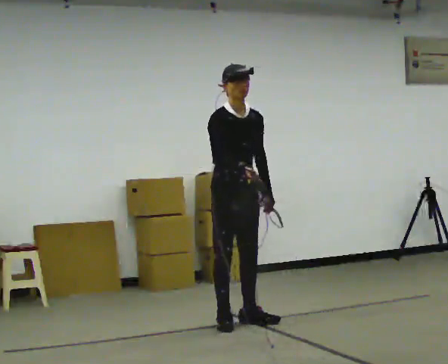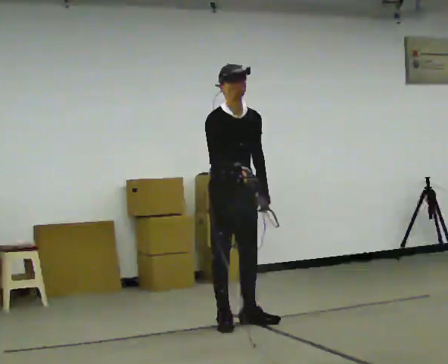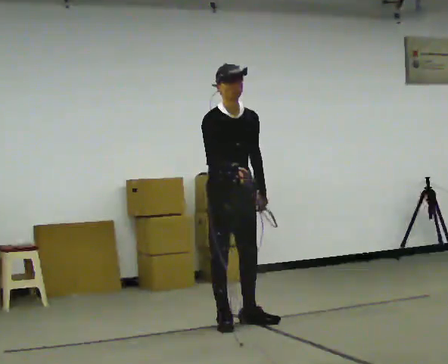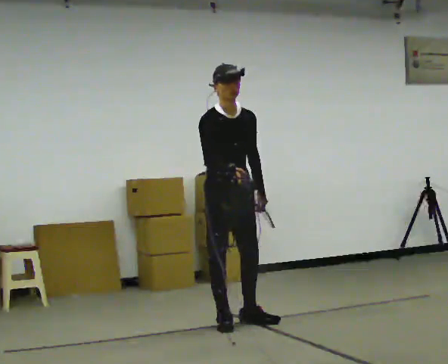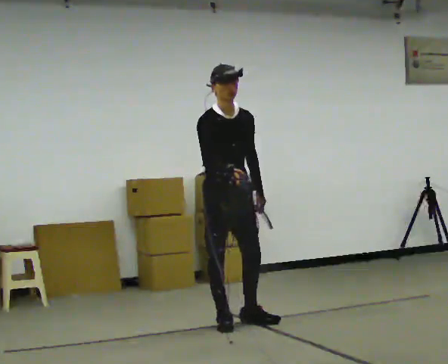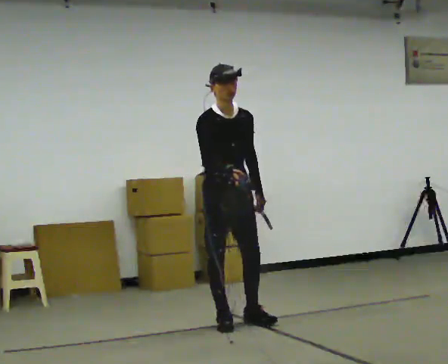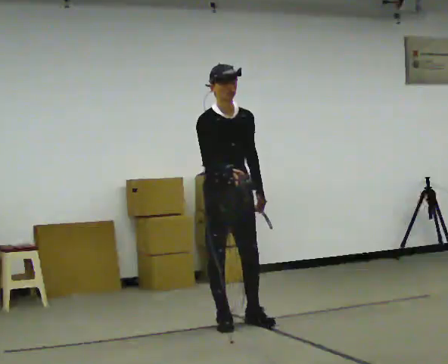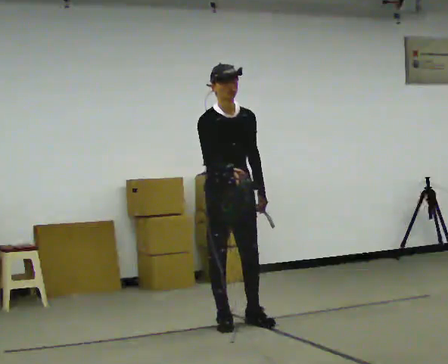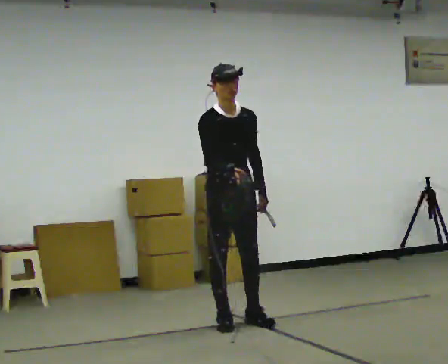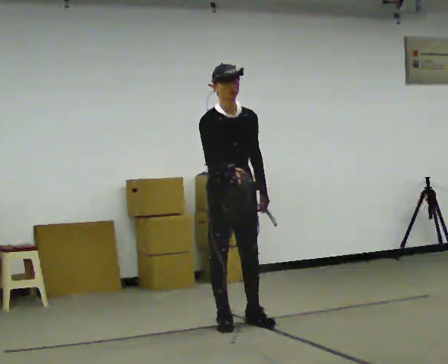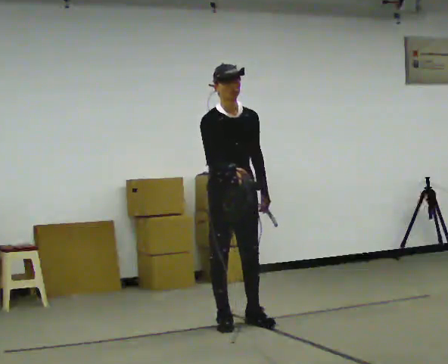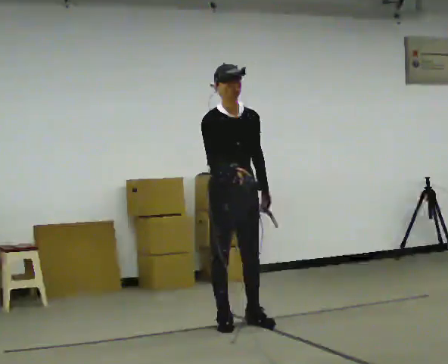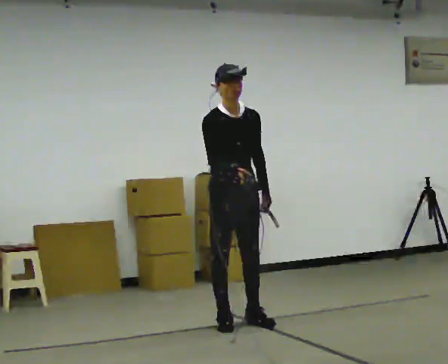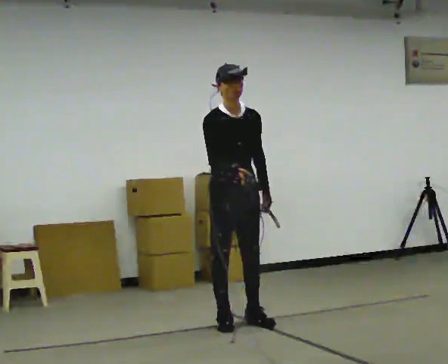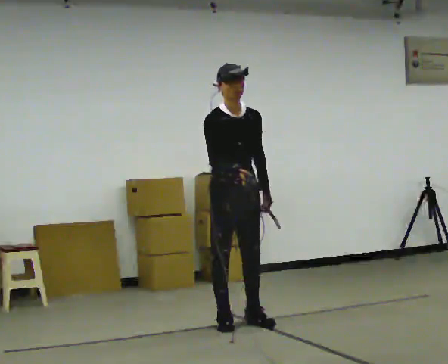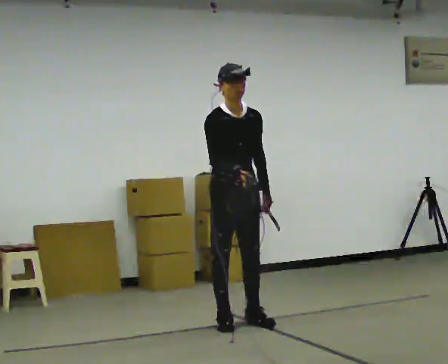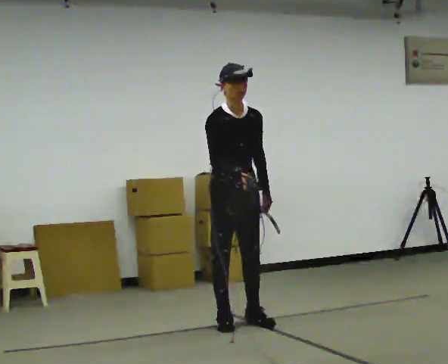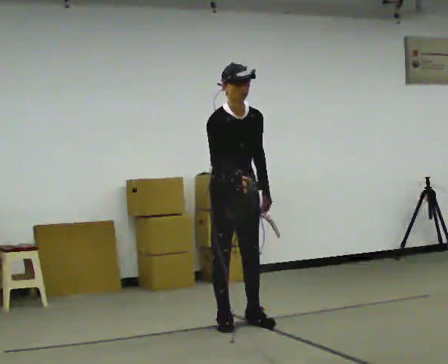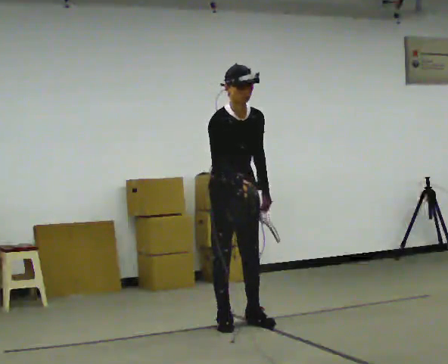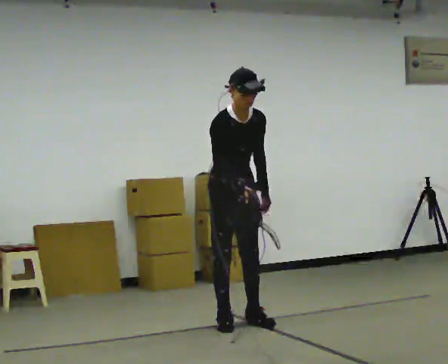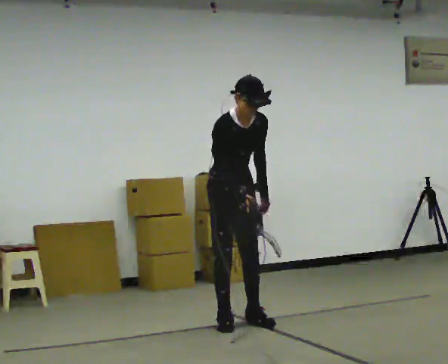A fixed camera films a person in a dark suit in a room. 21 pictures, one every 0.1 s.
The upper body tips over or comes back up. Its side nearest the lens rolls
downward.
0.0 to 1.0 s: The person moves a little, or ends about where they began.
1.0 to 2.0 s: The upper body tips toward the camera, its near side rolling downward, as they bend forward.
The film runs forward here.
